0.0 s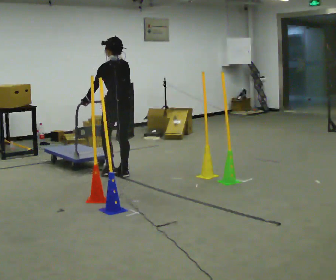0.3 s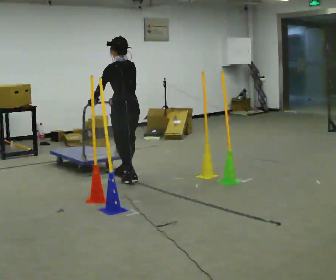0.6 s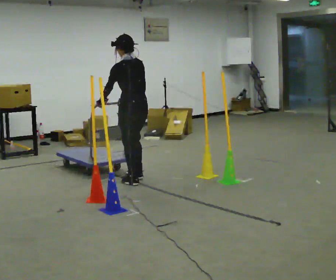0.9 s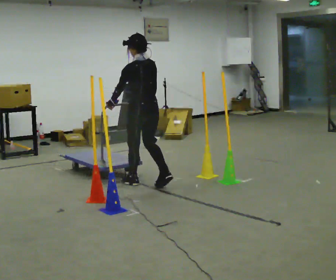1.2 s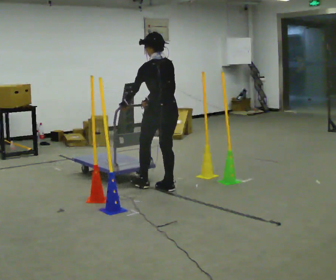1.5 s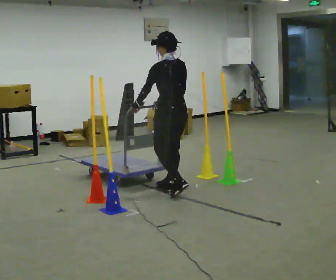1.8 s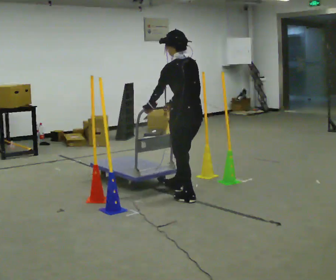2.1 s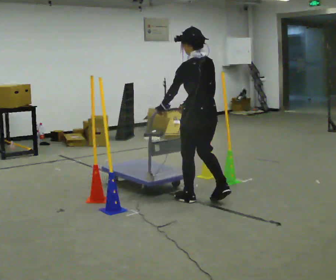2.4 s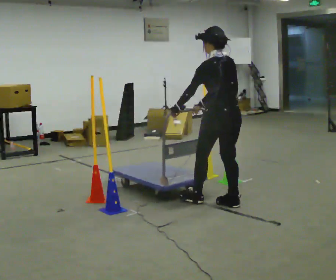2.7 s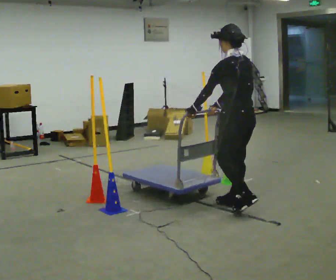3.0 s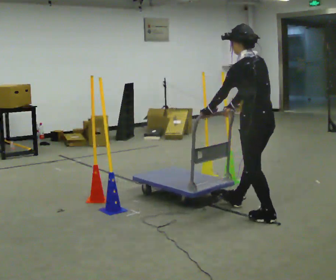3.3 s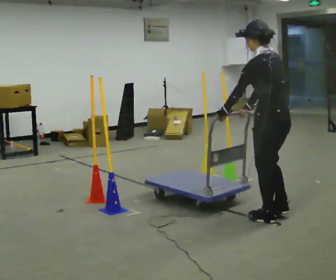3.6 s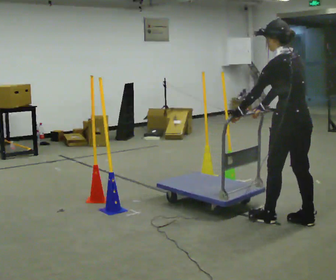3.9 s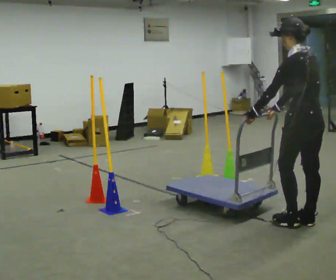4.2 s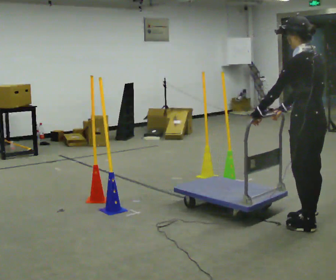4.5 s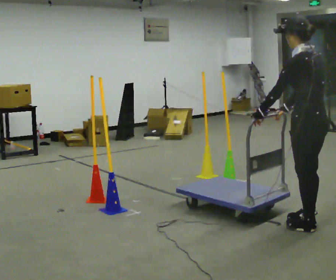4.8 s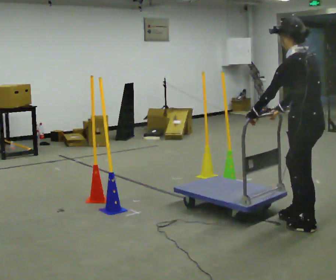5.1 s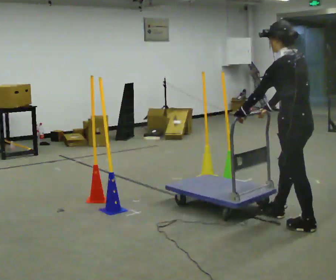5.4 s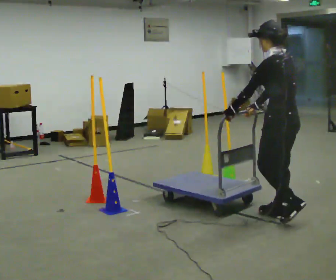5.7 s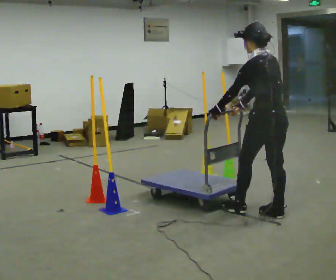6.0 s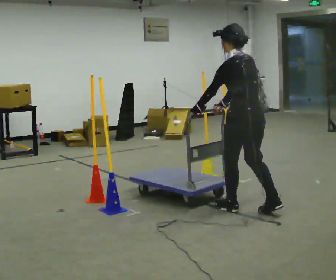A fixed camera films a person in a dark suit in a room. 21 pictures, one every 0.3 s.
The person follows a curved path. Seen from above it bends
counterclockwise.
0.0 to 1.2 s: In the picture they go to the right and toward the camera, about 0.5 m in 2 steps, which for them is backward.
1.2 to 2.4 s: In the picture they go to the right and toward the camera, about 1 m in 2 steps, which for them is backward.
2.4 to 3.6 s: In the picture they go to the right and toward the camera, about 0.5 m in 2 steps, which for them is backward.
3.6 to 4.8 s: The person moves a little, or ends about where they began.
4.8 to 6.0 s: In the picture they go to the left and away from the camera, about 0.75 m in 2 steps, which for them is forward.
The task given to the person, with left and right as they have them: Push the cart in and out of the line of poles without touching any of them. Keep going until the operator says stop.
The film runs forward here.
